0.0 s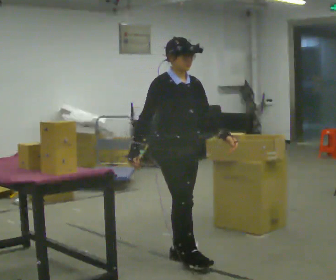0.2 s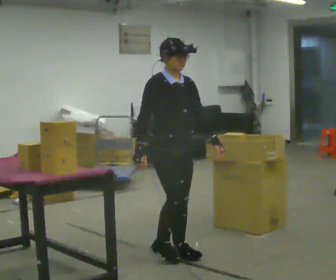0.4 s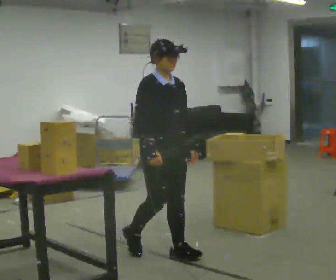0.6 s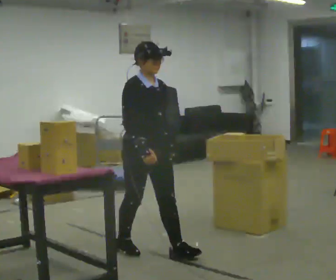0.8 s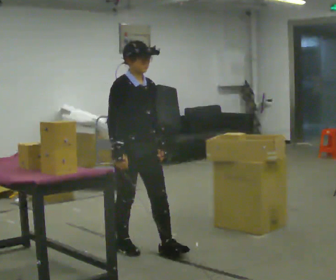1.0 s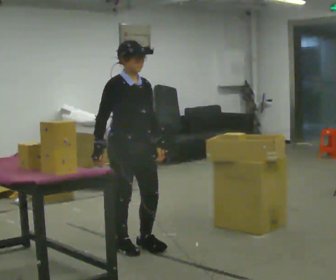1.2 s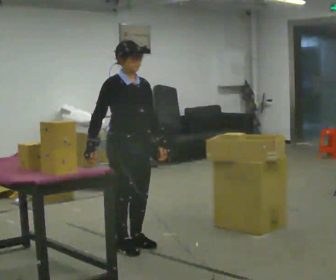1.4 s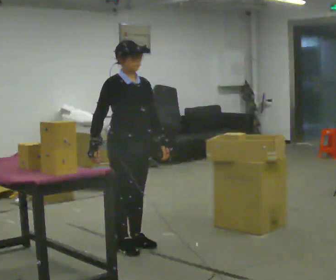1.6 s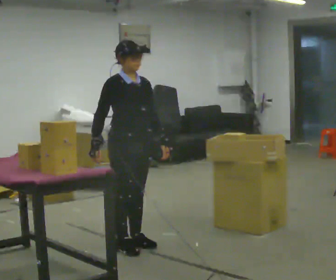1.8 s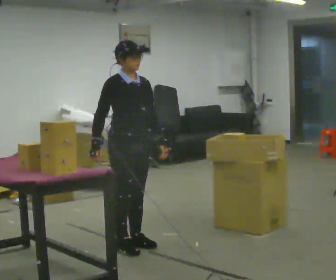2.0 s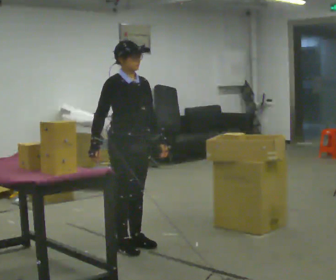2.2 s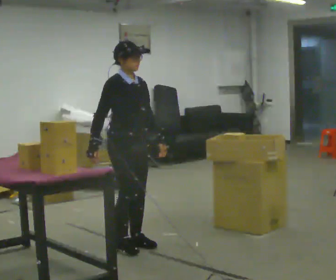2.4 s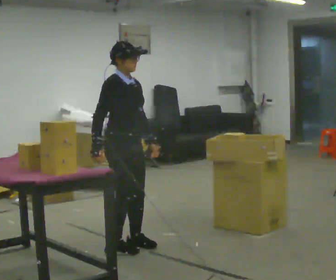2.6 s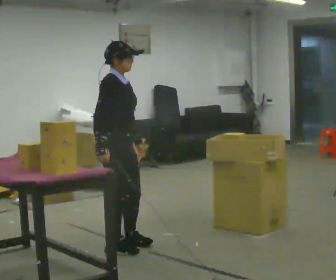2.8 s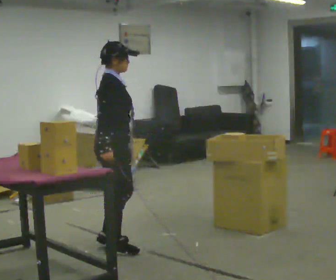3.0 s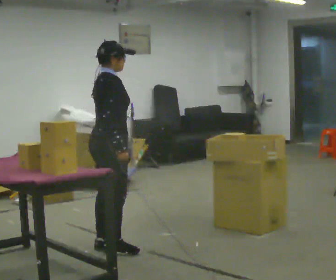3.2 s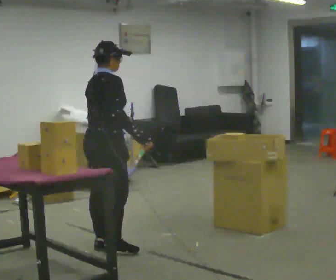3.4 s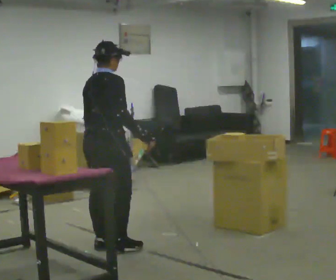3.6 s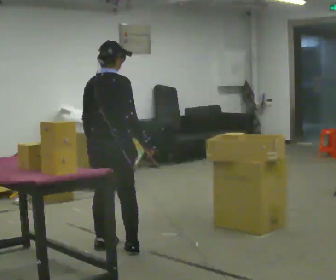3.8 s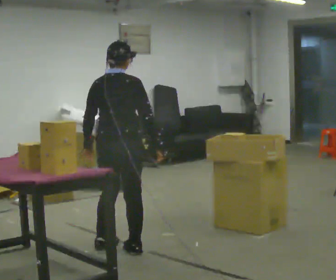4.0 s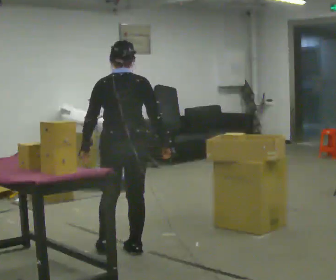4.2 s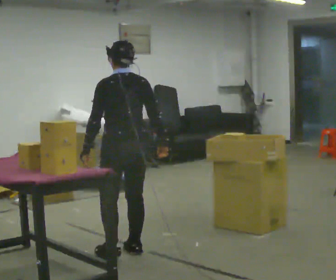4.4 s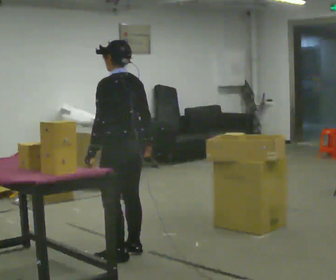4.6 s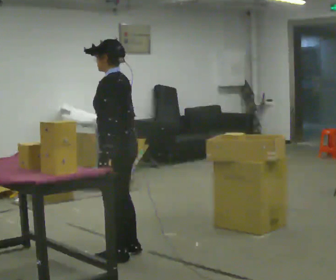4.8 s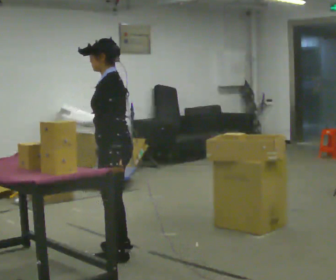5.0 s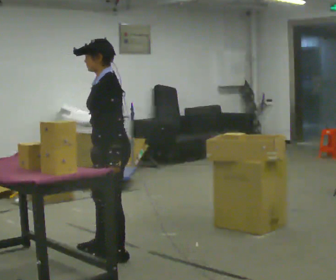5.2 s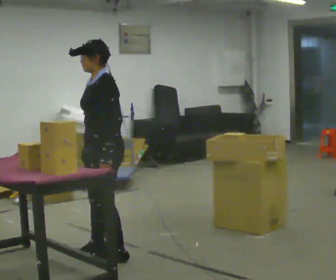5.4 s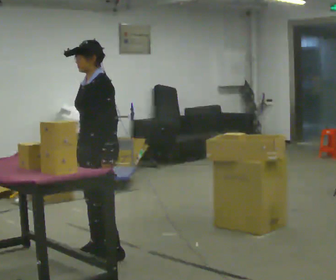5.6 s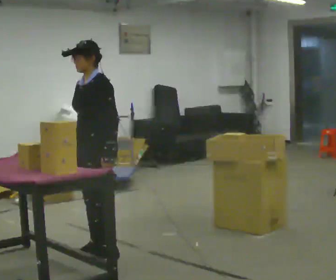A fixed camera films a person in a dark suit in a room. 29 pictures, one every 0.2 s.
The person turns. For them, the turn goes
to their left.
The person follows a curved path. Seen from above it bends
counterclockwise.
0.0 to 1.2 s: In the picture they go to the left and away from the camera, about 0.5 m in 1 step, which for them is backward.
1.2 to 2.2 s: The person moves a little, or ends about where they began.
2.2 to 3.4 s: The part of the body nearest the lens slides to the right as the person turns to their left by about 75 degrees. In the picture they go to the left, about 0.25 m in 2 steps. In the picture their right hand goes to the right, the arm swinging counterclockwise.
3.4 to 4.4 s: The person turns about 90 degrees to their left, counterclockwise seen from above, so the part of the body nearest the lens slides to the right. In the picture they go toward the camera, about 0.25 m in 1 step.
4.4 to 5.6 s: Seen from above the body turns counterclockwise, about 75 degrees: to their left, with its near side sliding to the right. In the picture they go to the left, about 0.25 m in 1 step. In the picture their right hand goes to the left, the arm swinging clockwise.
The film runs backward here.
